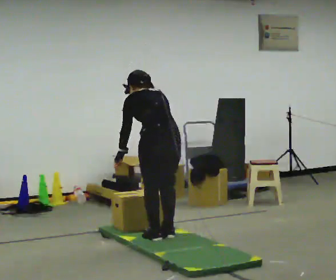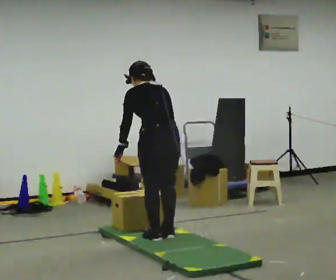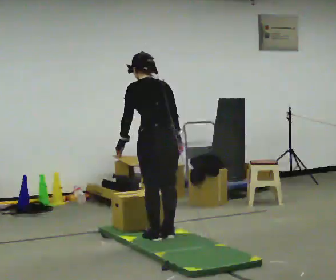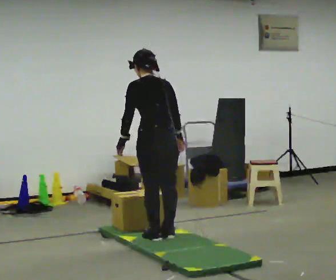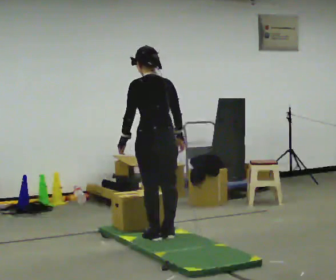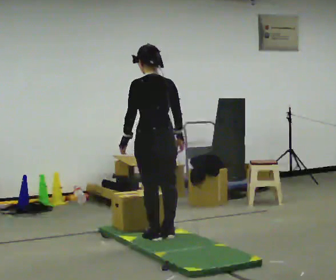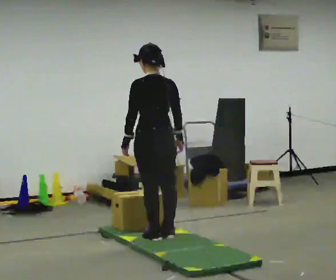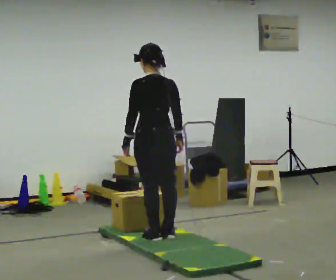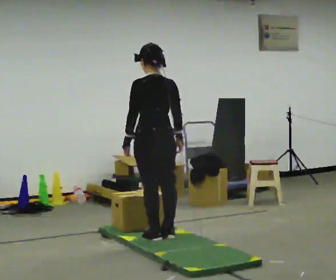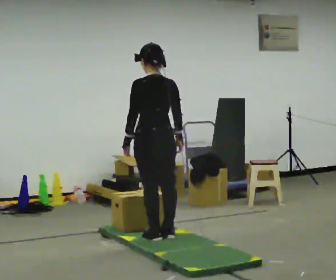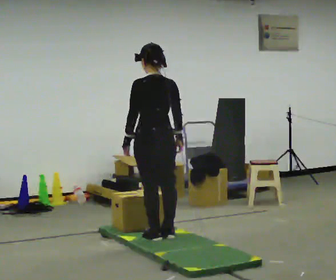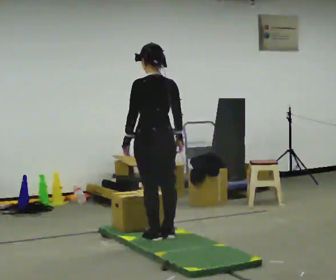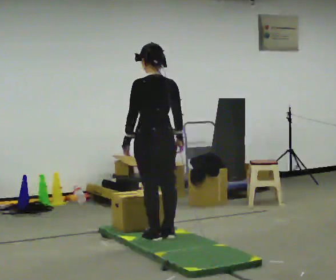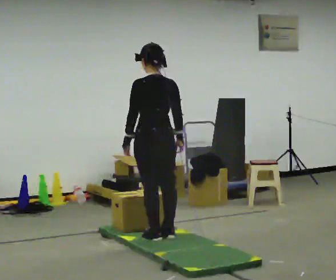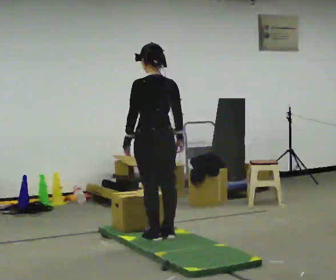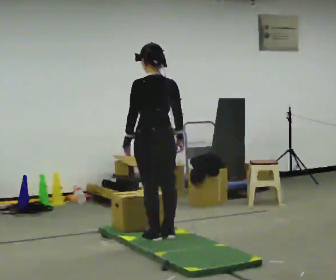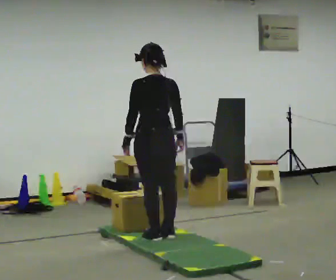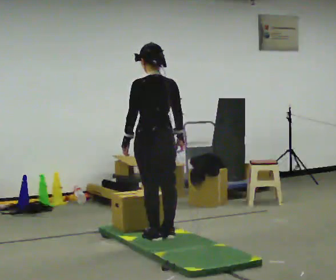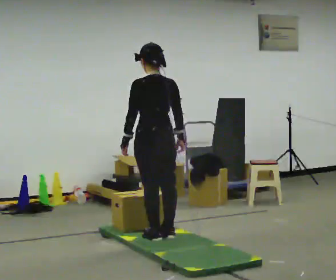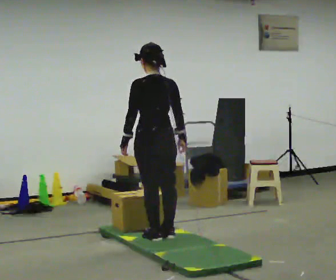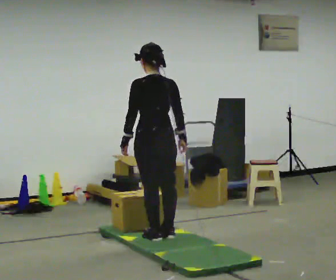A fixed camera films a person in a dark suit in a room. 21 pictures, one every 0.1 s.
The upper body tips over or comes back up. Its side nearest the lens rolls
downward.
0.0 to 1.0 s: The shoulders move upward. The upper body tips toward the camera, its near side rolling downward, as they lean back or straighten.
1.0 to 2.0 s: The person moves a little, or ends about where they began.
The film runs backward here.
